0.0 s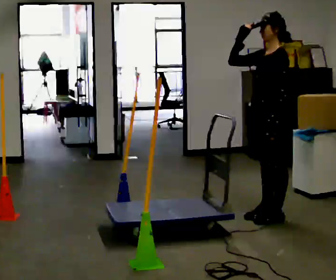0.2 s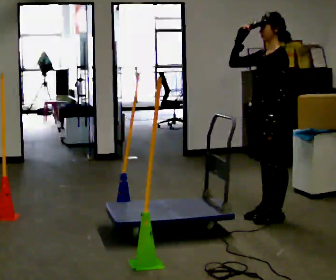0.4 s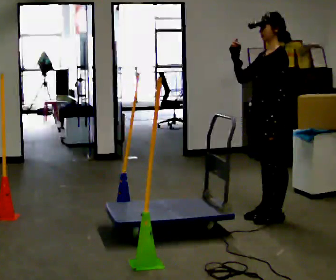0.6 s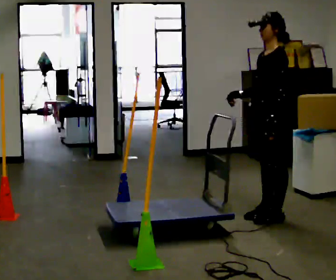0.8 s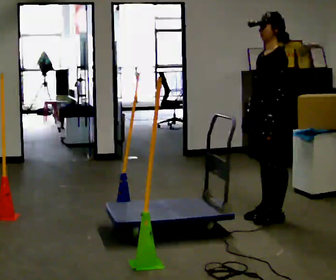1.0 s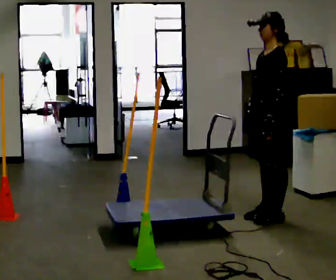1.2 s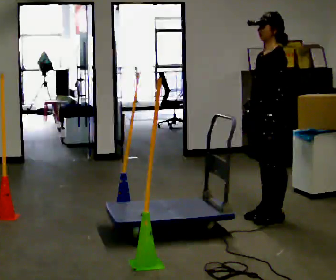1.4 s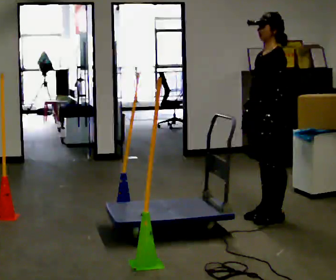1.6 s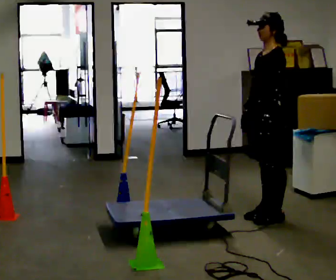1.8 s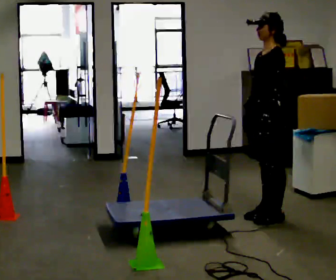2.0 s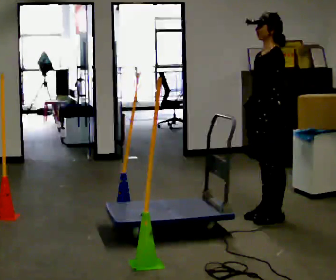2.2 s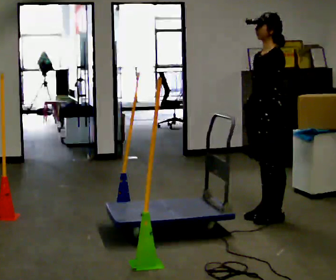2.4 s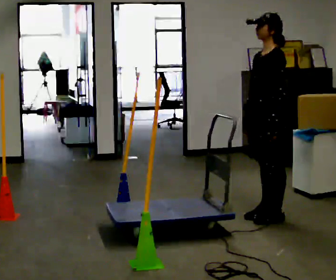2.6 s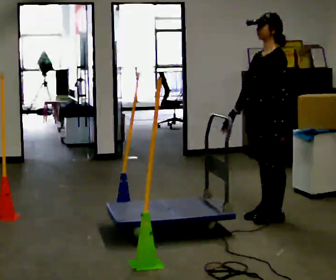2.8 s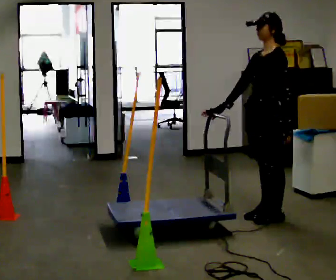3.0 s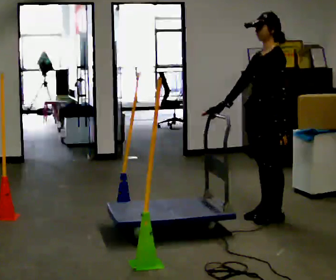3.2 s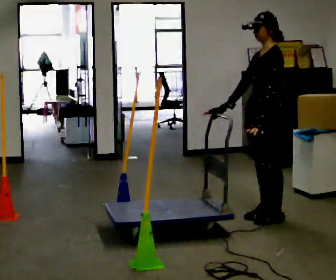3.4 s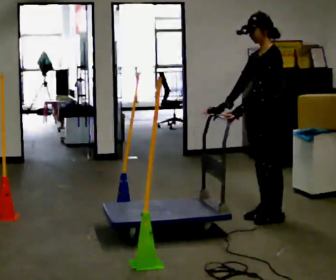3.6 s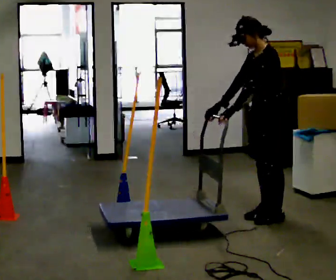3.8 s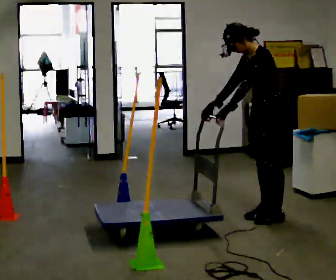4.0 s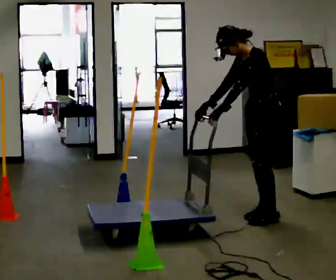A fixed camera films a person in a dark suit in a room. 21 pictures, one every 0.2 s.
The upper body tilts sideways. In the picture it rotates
counterclockwise.
0.0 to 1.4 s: In the picture their right hand goes downward.
1.4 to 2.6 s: The person moves a little, or ends about where they began.
2.6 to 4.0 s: In the picture the upper body tilts counterclockwise, shoulders to the left, as they bend forward. In the picture their left hand goes to the left.
The film runs backward here.
